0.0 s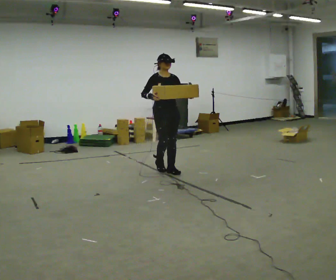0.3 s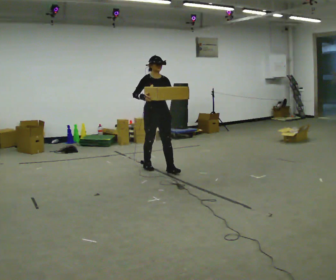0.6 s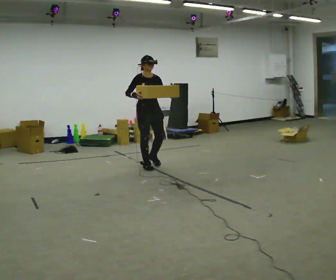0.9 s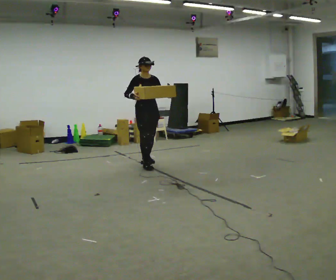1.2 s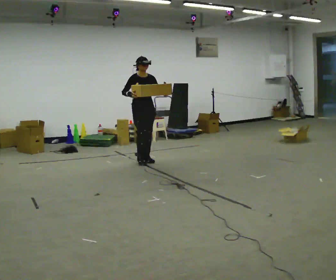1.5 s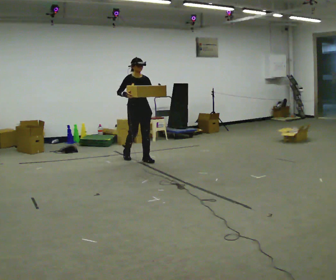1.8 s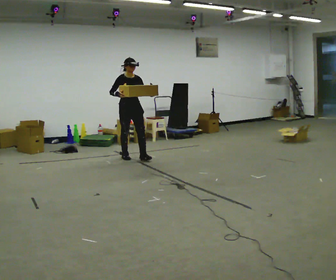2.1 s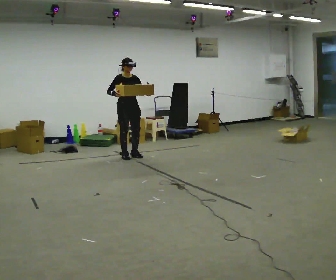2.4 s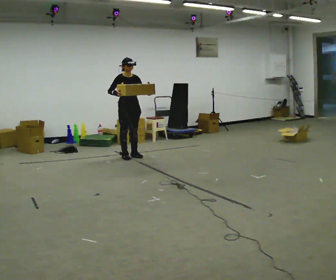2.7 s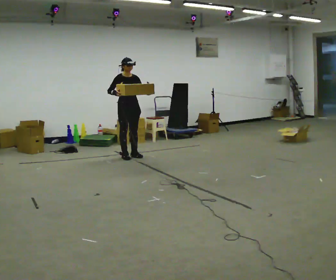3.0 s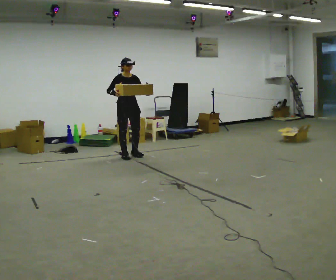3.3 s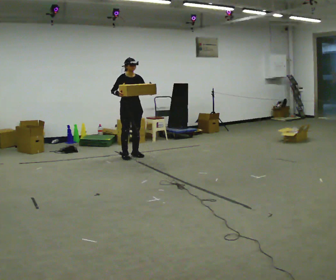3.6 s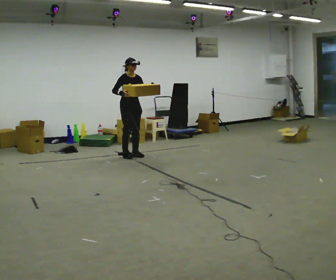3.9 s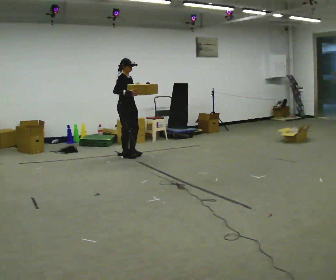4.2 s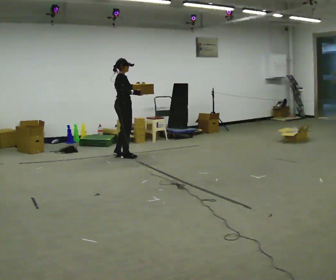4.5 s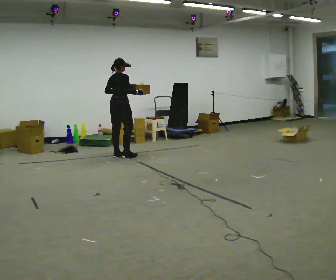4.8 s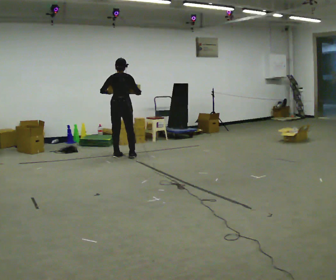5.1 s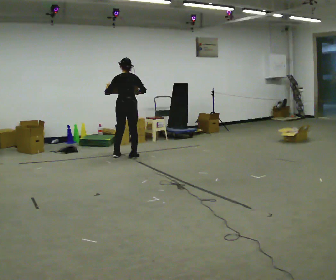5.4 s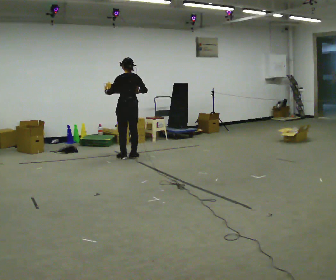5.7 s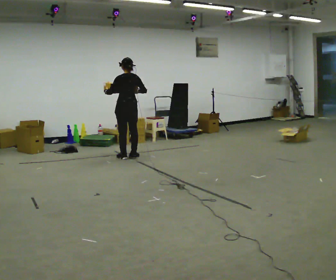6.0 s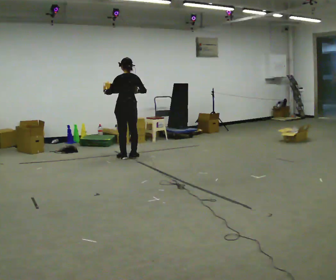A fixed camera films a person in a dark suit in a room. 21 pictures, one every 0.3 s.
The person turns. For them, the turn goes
to their left.
The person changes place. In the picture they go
away from the camera.
0.0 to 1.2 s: In the picture they go away from the camera, about 0.5 m in 2 steps, which for them is backward.
1.2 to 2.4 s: In the picture they go away from the camera and to the left, about 0.5 m in 1 step, which for them is backward.
2.4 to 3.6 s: The person moves a little, or ends about where they began.
3.6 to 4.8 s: The person turns about 135 degrees to their left, counterclockwise seen from above, so the part of the body nearest the lens slides to the right. In the picture they go to the left, about 0.25 m in 1 step. In the picture their left hand goes to the left.
4.8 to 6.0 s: The part of the body nearest the lens slides to the right as the person turns to their left by about 45 degrees.
The film runs backward here.
